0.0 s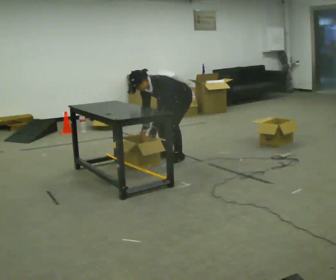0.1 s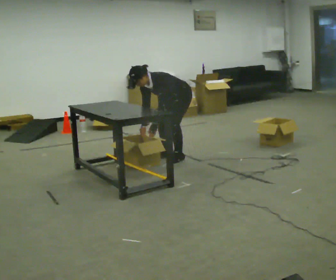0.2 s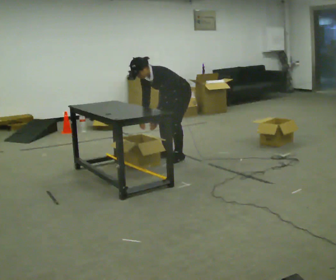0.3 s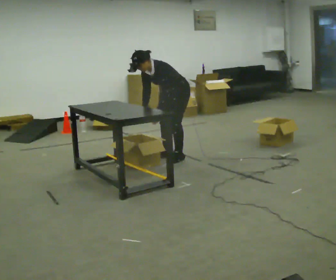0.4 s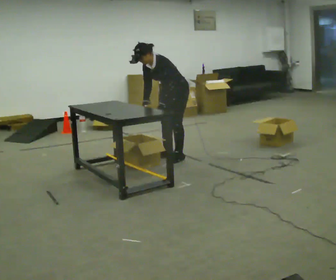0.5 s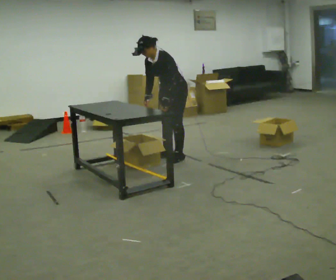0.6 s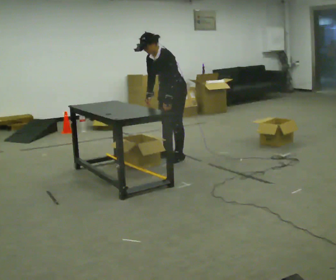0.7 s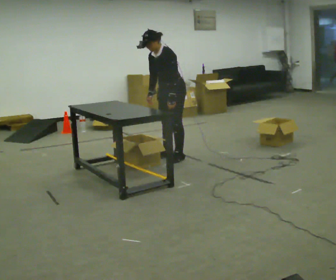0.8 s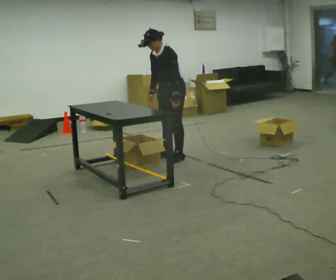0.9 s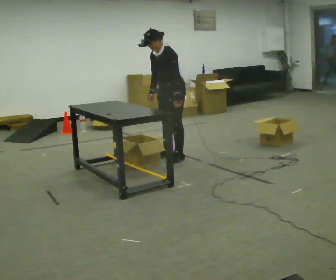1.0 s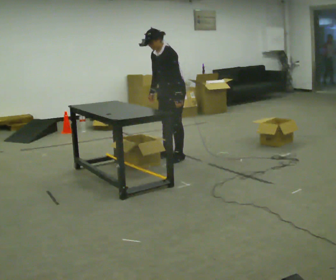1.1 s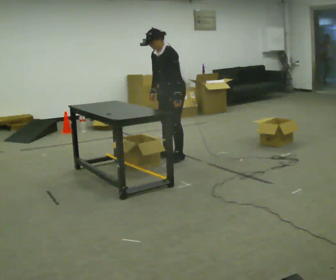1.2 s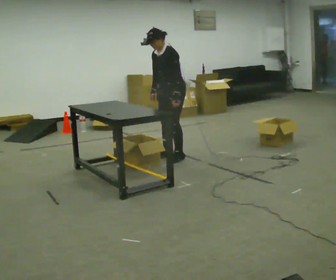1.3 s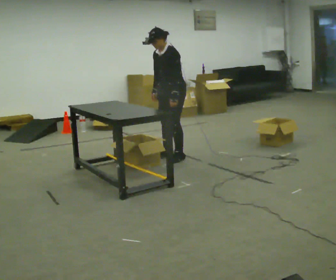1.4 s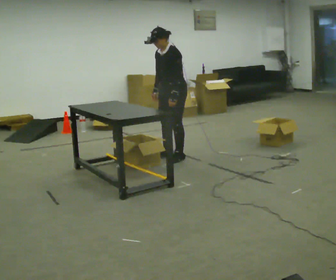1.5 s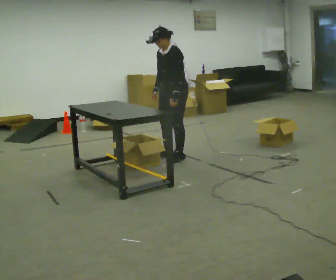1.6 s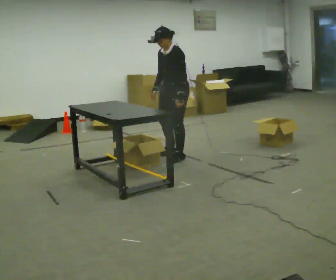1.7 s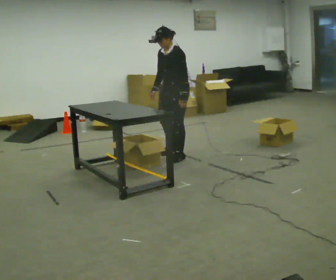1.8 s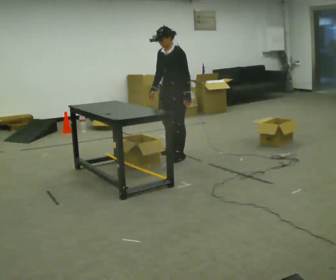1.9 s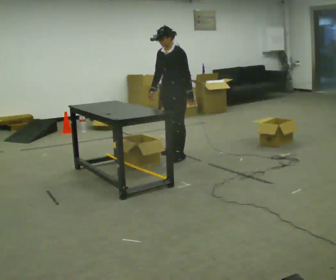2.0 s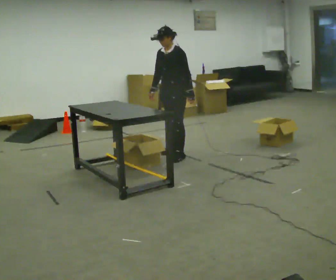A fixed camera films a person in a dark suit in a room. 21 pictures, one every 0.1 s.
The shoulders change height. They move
upward.
0.0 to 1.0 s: The shoulders move upward. In the picture the upper body tilts clockwise, shoulders to the right, as they lean back or straighten. In the picture their right hand goes upward.
1.0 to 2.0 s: The person moves a little, or ends about where they began.
The film runs backward here.
